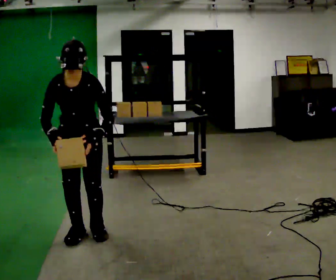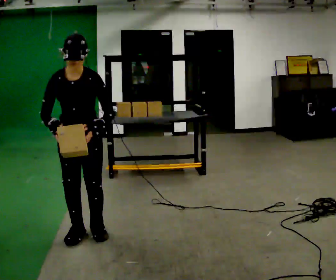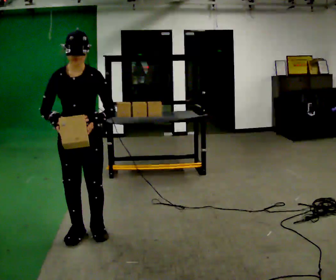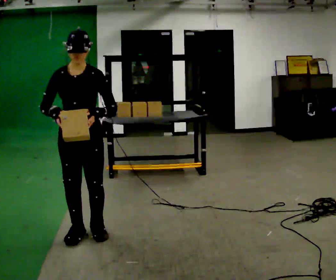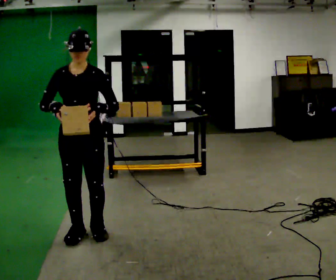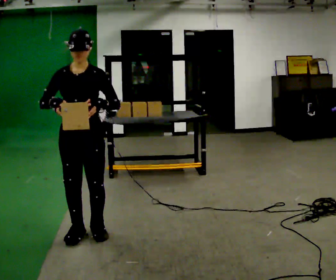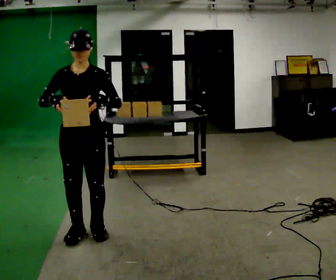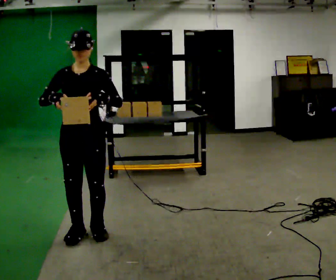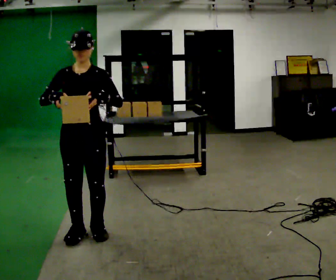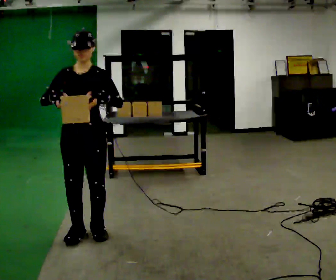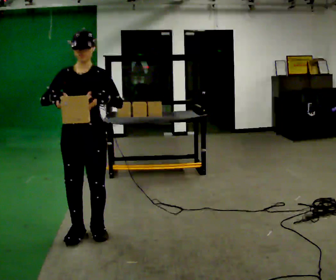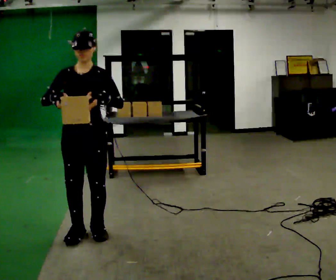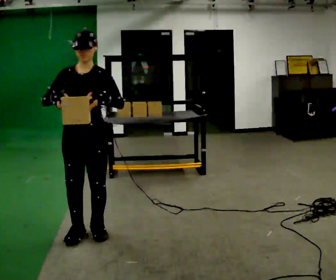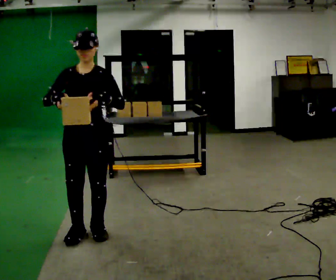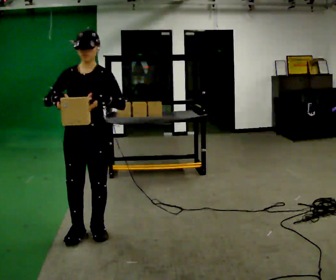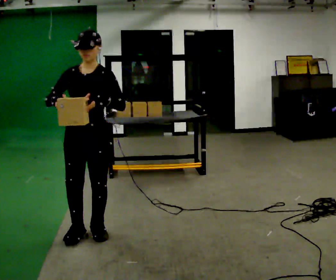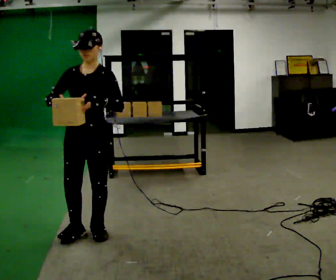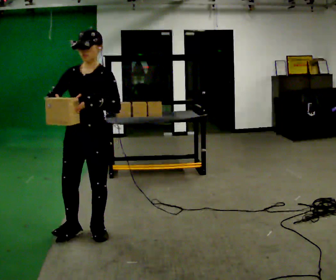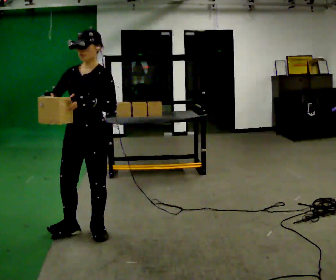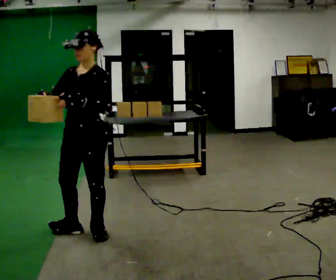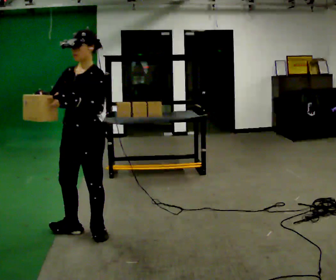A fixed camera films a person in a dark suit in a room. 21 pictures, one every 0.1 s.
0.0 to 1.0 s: The upper body tips away from the camera, its near side rolling upward, as they lean back or straighten.
1.0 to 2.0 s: Seen from above the body turns clockwise, about 30 degrees: to their right, with its near side sliding to the left.
The film runs forward here.
